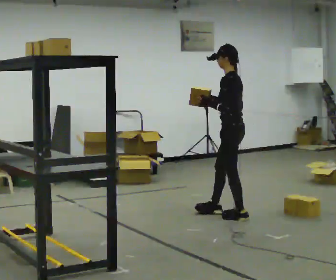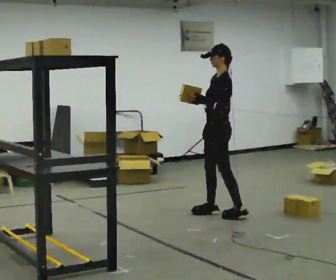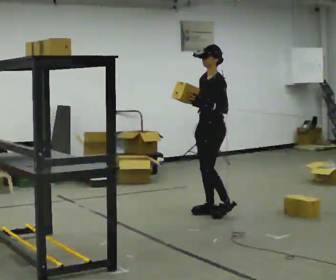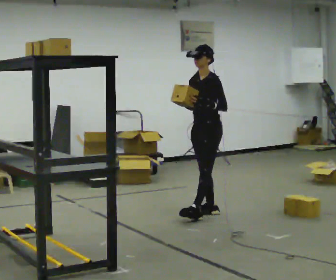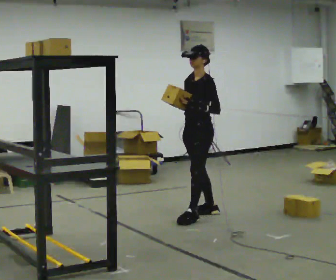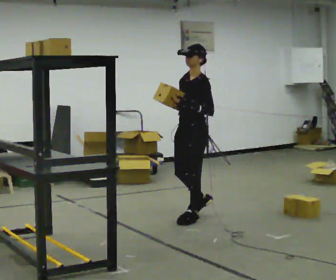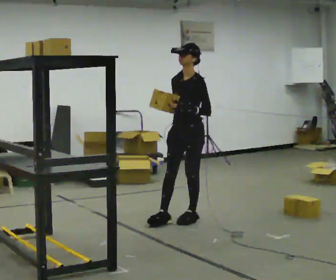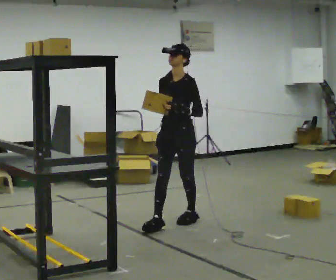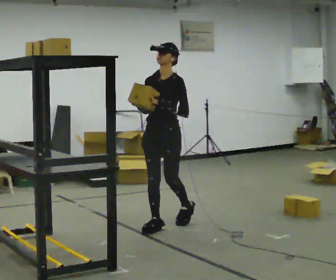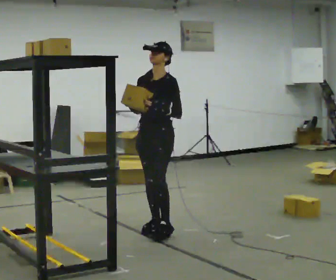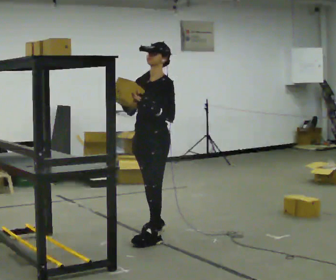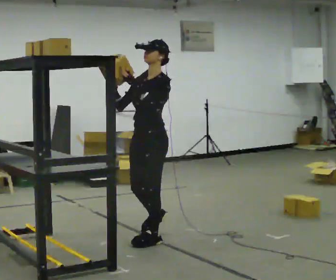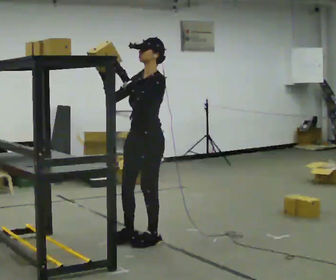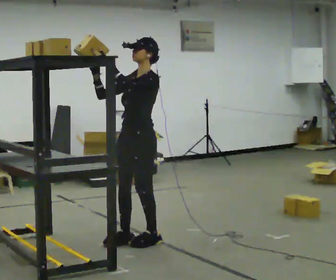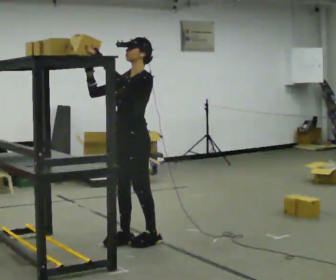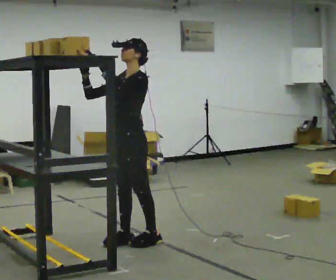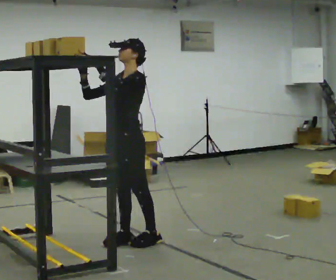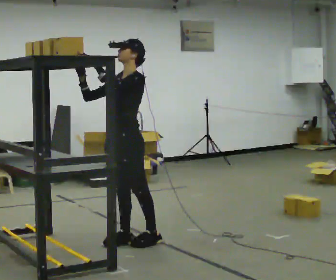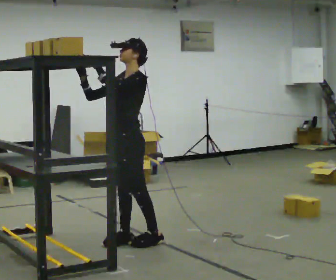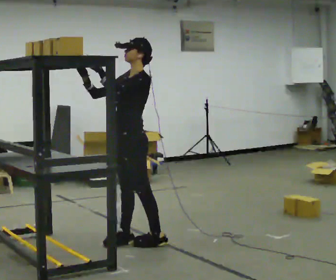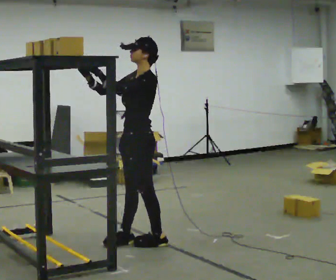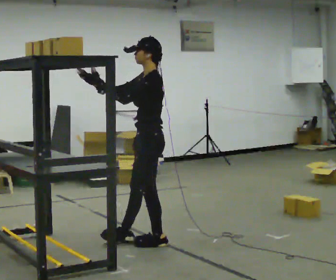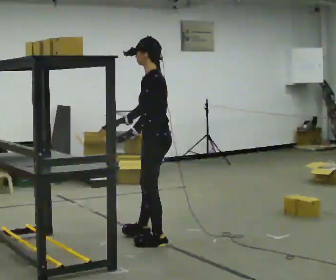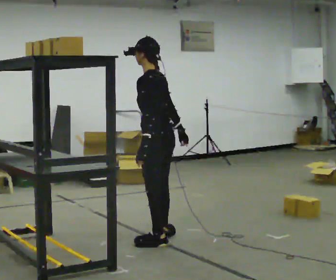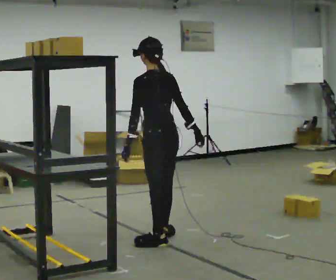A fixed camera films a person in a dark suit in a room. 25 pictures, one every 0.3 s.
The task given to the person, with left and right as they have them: Take an object from the lowest shelf, carry it across the room, and place it on the highest shelf you can comfortably reach. Keep going until the operator says stop; one object at a time, and do not rush between trips.
0.0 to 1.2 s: Seen from above the body turns counterclockwise, about 45 degrees: to their left, with its near side sliding to the right. In the picture they go to the left, about 0.25 m in 2 steps, which for them is forward.
1.2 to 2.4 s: The person turns about 30 degrees to their left, counterclockwise seen from above, so the part of the body nearest the lens slides to the right. In the picture they go toward the camera and to the left, about 0.5 m in 1 step, which for them is forward.
2.4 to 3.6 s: The part of the body nearest the lens slides to the left as the person turns to their right by about 30 degrees. In the picture they go toward the camera, about 0.5 m in 1 step, which for them is forward and to their left.
3.6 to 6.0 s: The person moves a little, or ends about where they began.
6.0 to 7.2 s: Seen from above the body turns clockwise, about 60 degrees: to their right, with its near side sliding to the left. In the picture their right hand goes to the right and downward, the arm swinging counterclockwise.
The film runs forward here.
